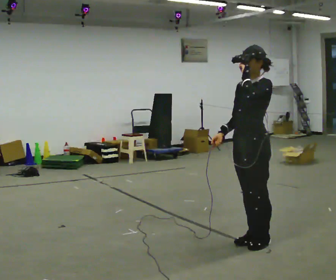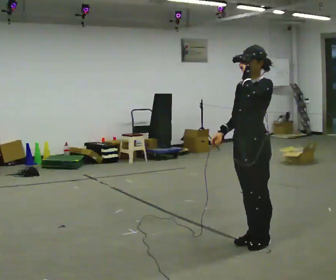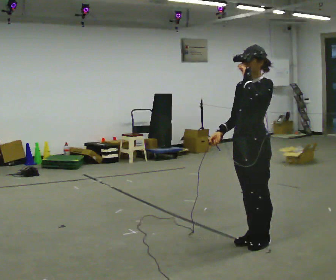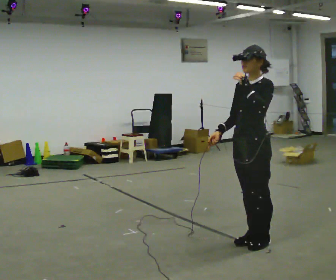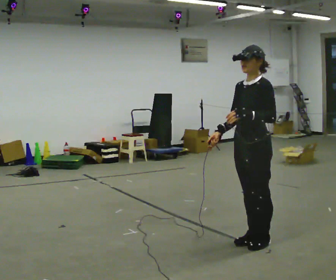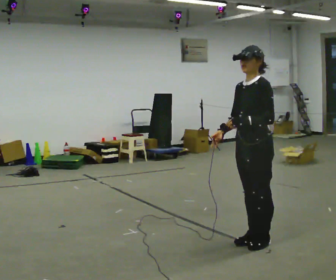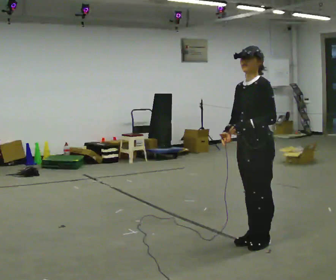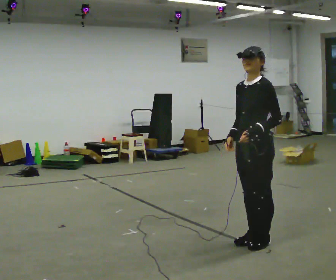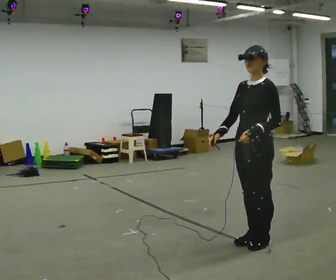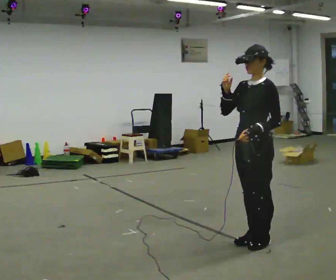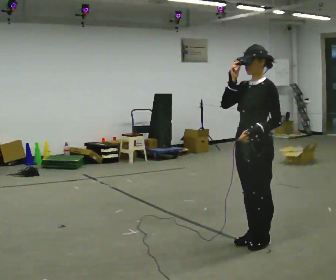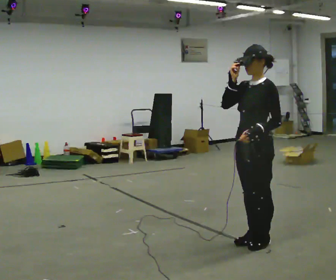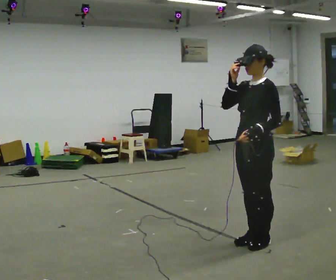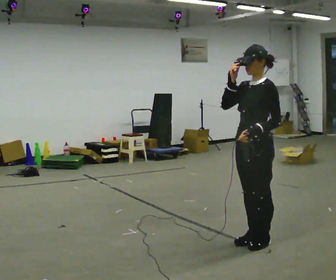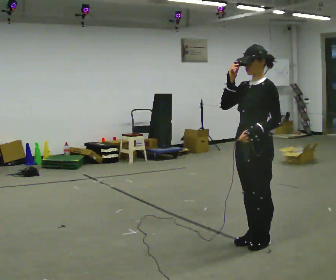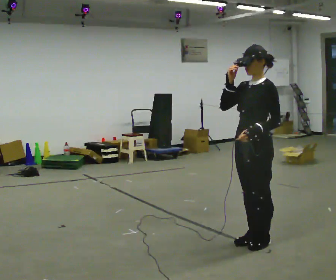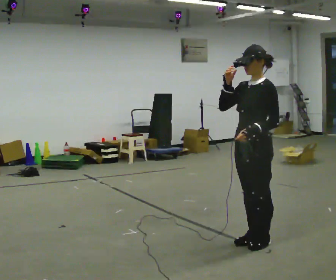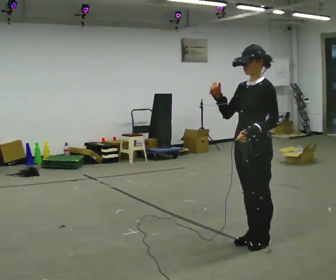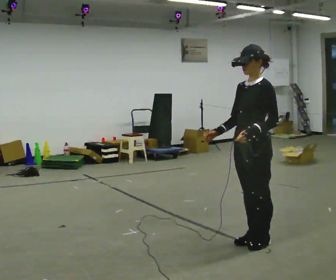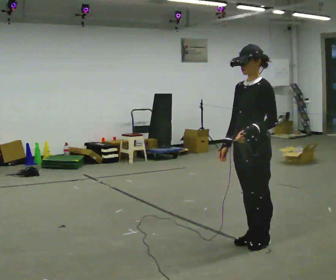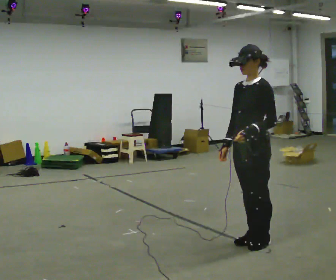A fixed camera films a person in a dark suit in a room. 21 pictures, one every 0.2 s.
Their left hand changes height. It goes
downward.
0.0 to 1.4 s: In the picture their left hand goes downward.
1.4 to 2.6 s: In the picture their right hand goes upward.
2.6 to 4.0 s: In the picture their right hand goes downward.
The film runs backward here.
